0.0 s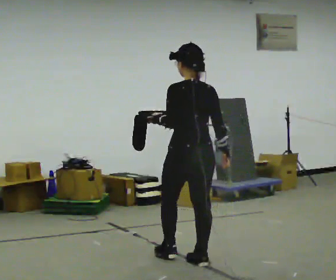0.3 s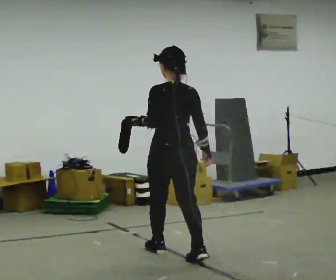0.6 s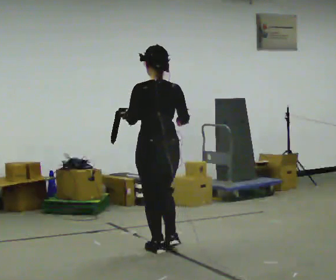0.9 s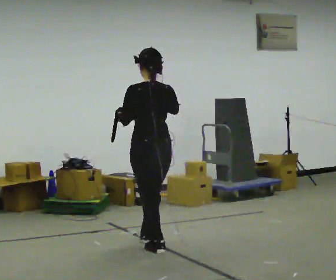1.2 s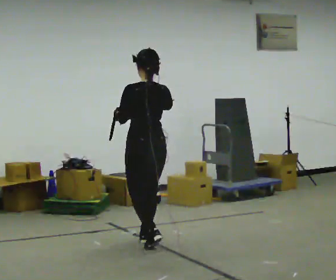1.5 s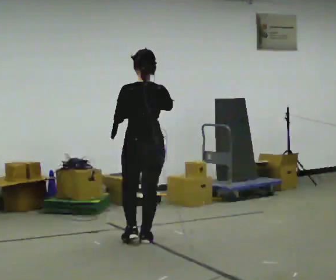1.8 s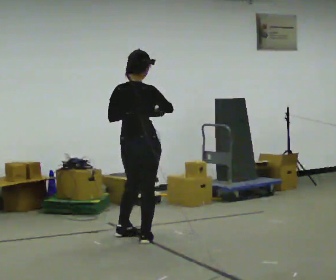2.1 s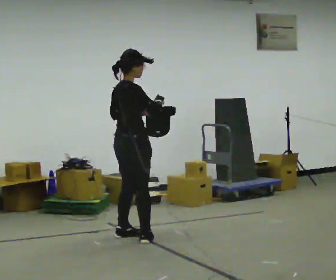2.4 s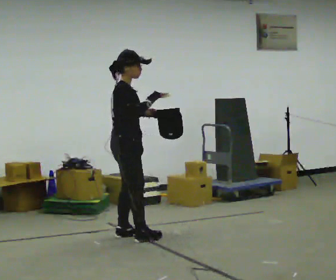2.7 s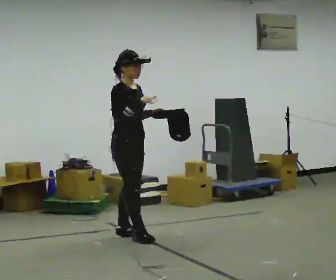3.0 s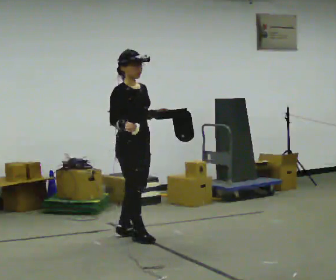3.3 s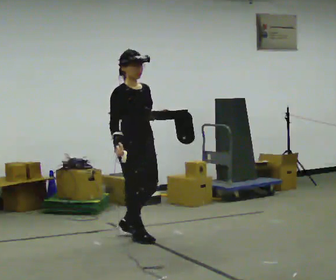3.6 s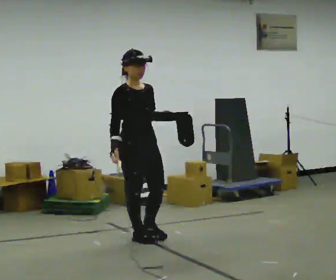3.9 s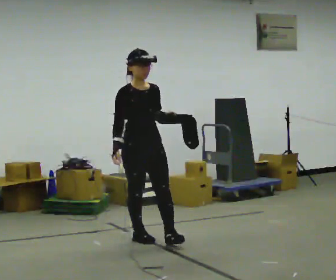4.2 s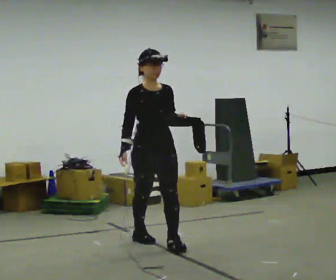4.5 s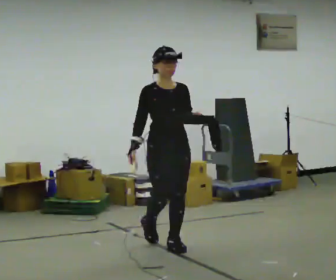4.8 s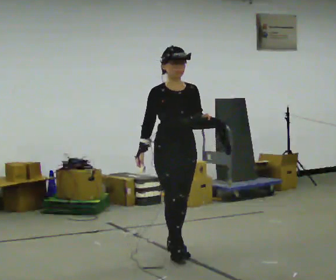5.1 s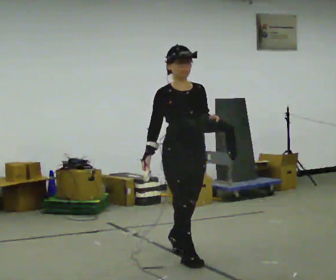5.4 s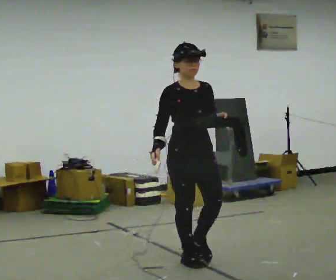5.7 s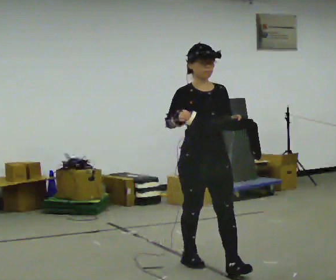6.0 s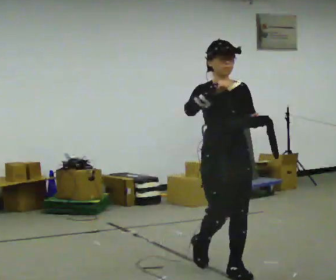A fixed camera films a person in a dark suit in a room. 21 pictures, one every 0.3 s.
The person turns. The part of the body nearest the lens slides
to the left.
The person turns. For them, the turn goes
to their right.
0.0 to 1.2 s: In the picture they go away from the camera and to the left, about 0.5 m in 2 steps, which for them is forward. In the picture their right hand goes upward.
1.2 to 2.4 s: The person turns about 120 degrees to their right, clockwise seen from above, so the part of the body nearest the lens slides to the left. In the picture they go away from the camera and to the left, about 0.25 m in 1 step.
2.4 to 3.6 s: The part of the body nearest the lens slides to the left as the person turns to their right by about 45 degrees. In the picture they go toward the camera, about 0.25 m, which for them is forward. In the picture their right hand goes downward.
3.6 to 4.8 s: In the picture they go toward the camera and to the right, about 0.5 m in 1 step, which for them is forward.
4.8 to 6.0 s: In the picture they go toward the camera and to the right, about 1 m in 2 steps, which for them is forward. In the picture their right hand goes upward.
The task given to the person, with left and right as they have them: Carry the open container and, while walking, reach in with one hand and take an item out, then put it back. Repeat as you walk. Do not stop.
The film runs forward here.
